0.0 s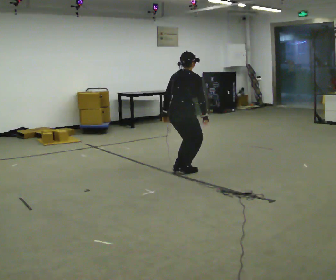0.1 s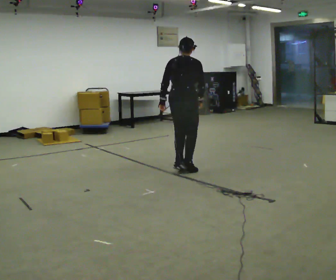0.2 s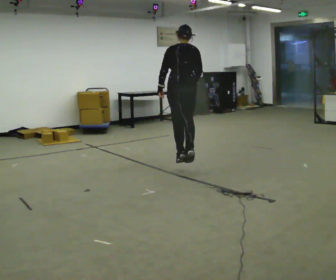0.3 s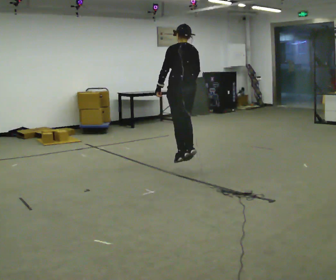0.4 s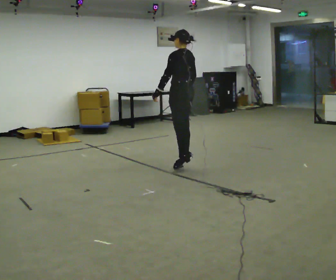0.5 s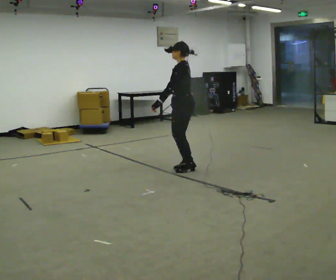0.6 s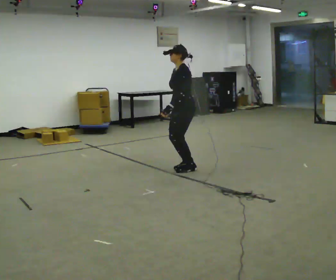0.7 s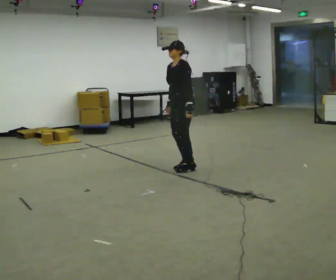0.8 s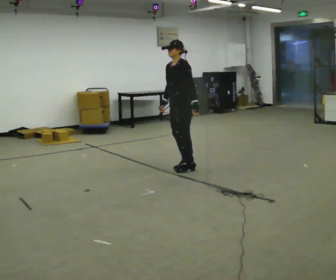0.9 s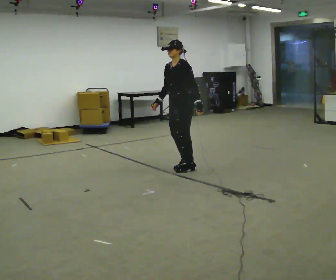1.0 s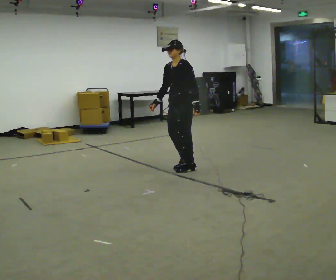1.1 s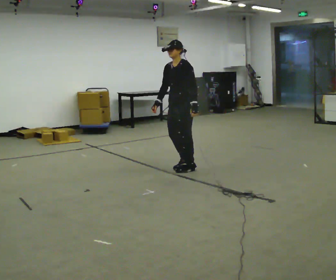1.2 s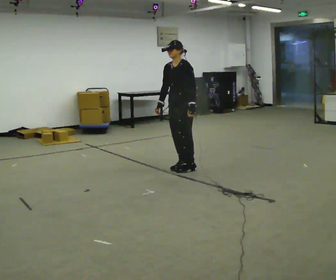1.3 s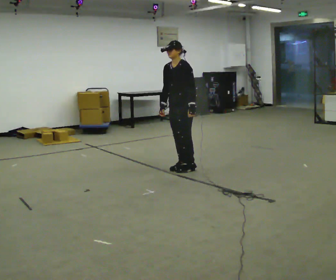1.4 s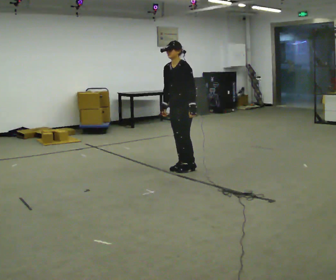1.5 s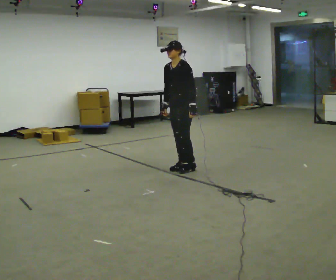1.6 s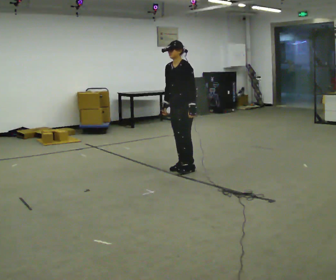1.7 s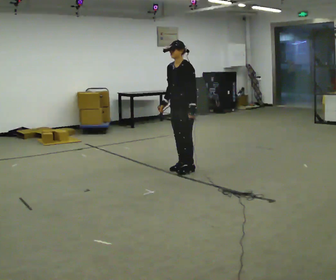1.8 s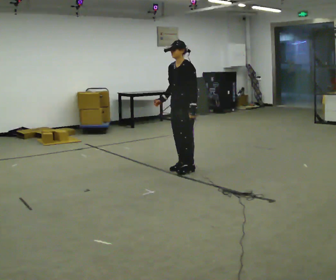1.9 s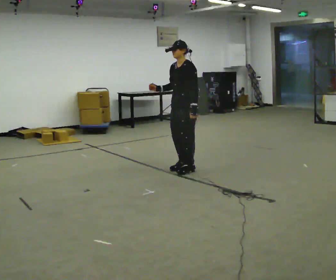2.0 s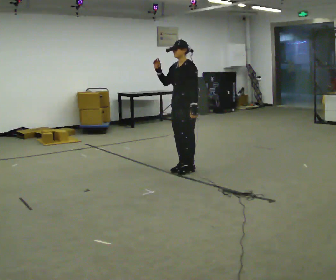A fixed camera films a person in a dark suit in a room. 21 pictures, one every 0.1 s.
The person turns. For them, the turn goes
to their left.
The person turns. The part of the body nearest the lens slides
to the right.
0.0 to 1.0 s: The part of the body nearest the lens slides to the right as the person turns to their left by about 165 degrees. In the picture the upper body tilts counterclockwise, shoulders to the left. In the picture their left hand goes to the right, the arm swinging counterclockwise.
1.0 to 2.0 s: In the picture their right hand goes upward.
The film runs forward here.
